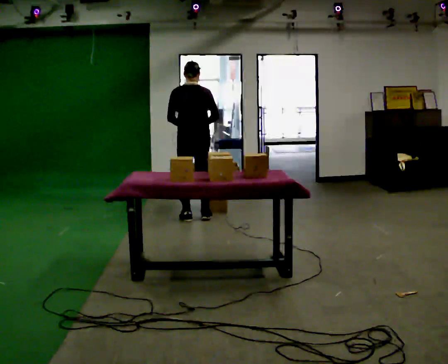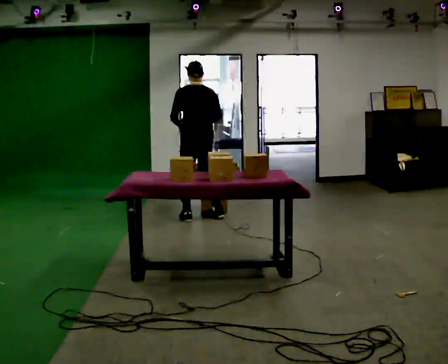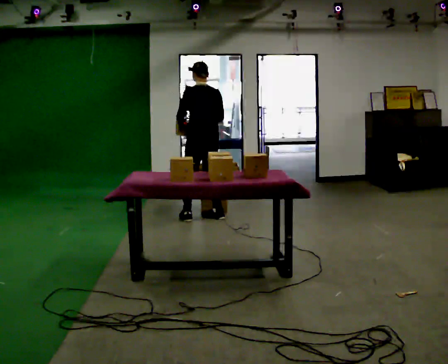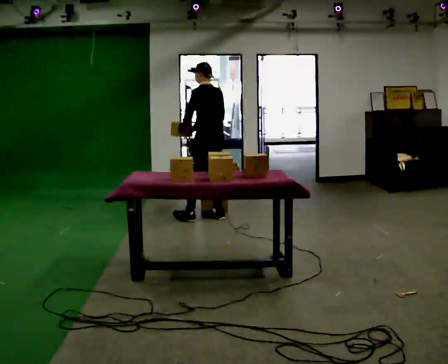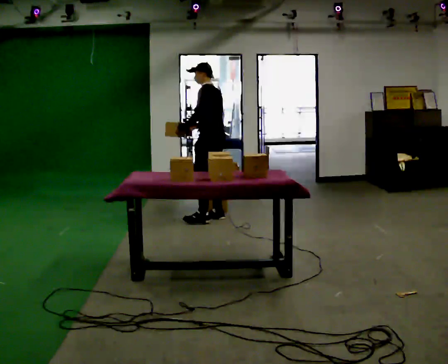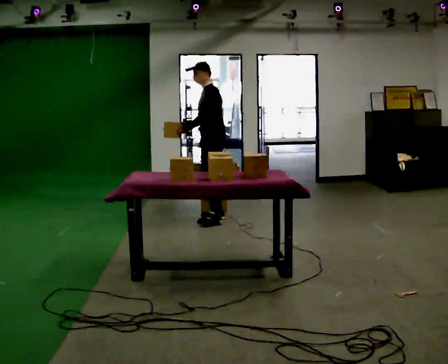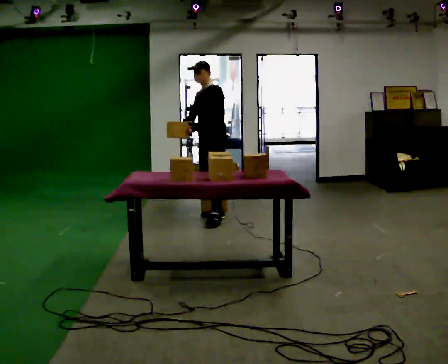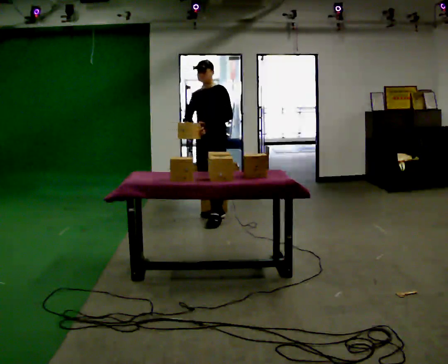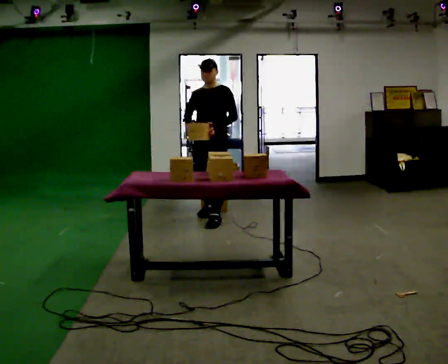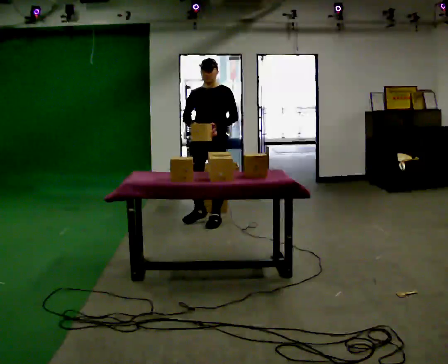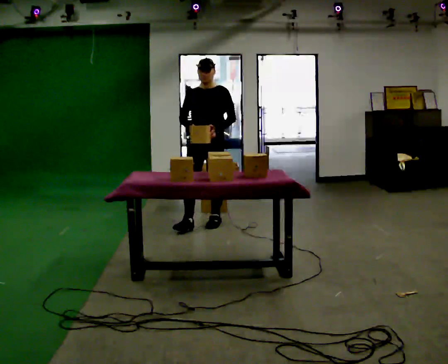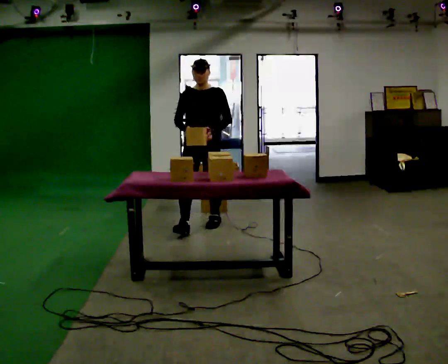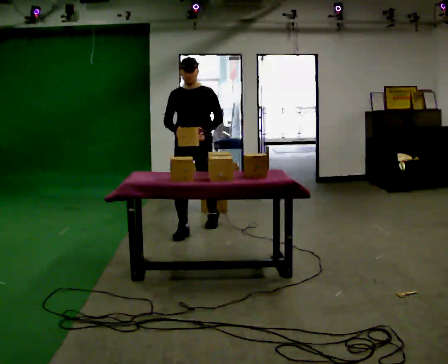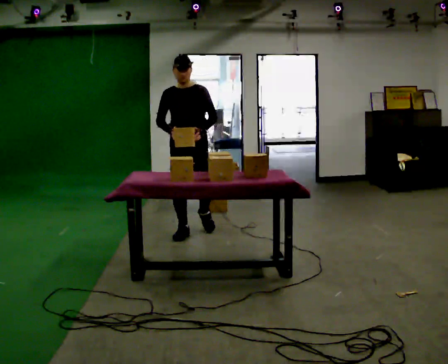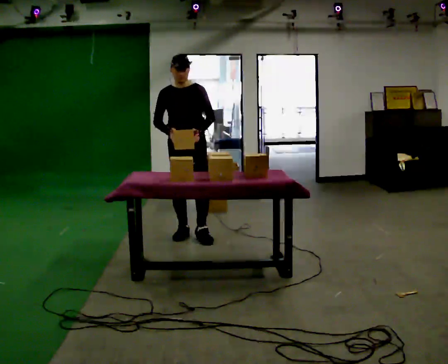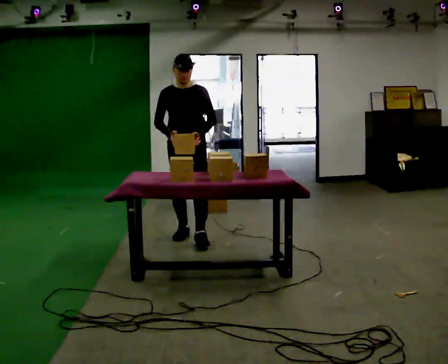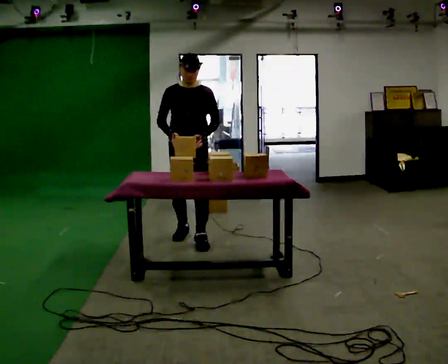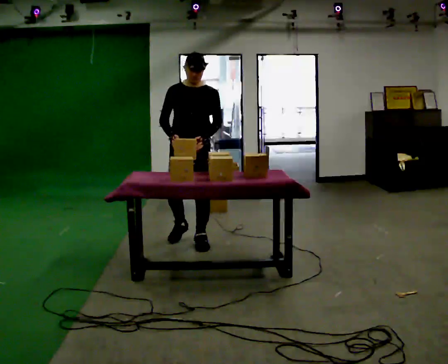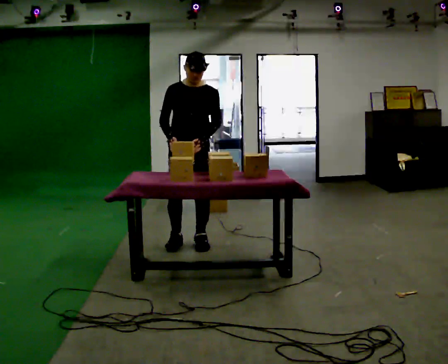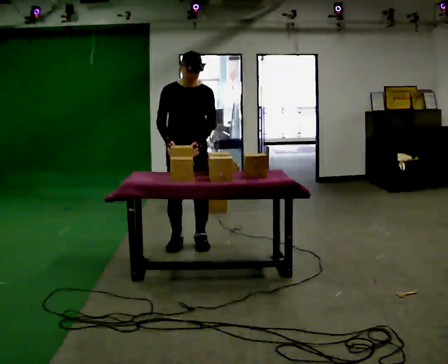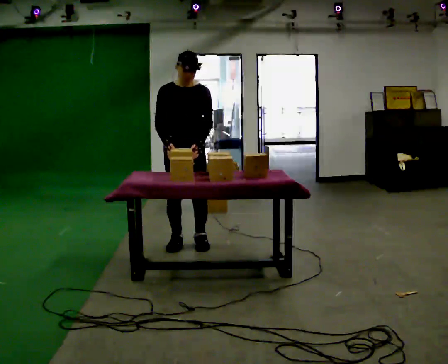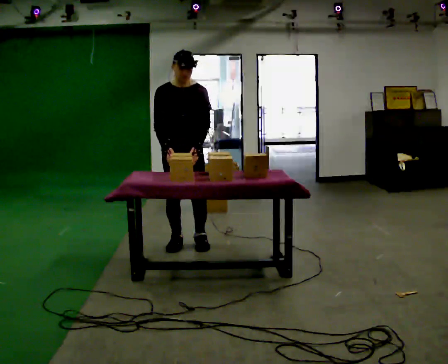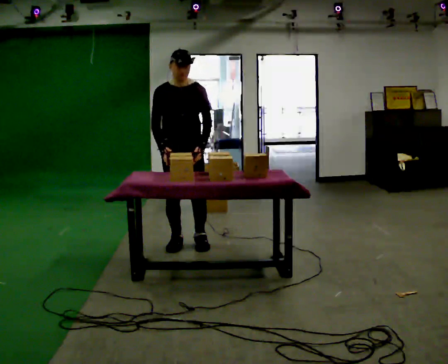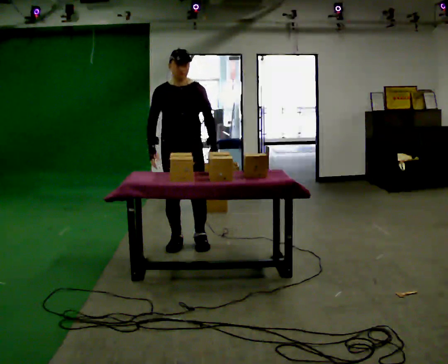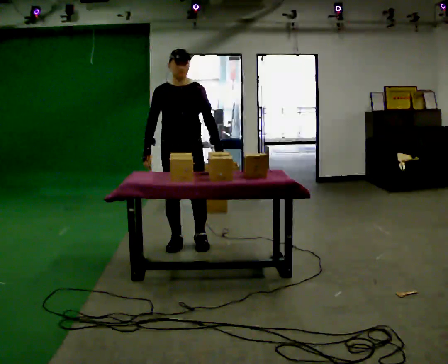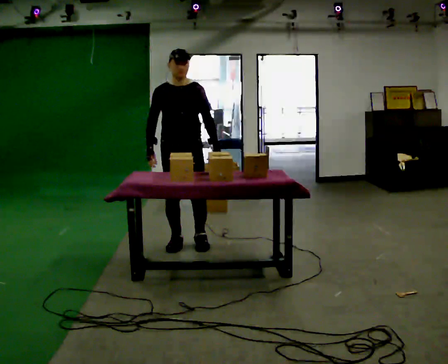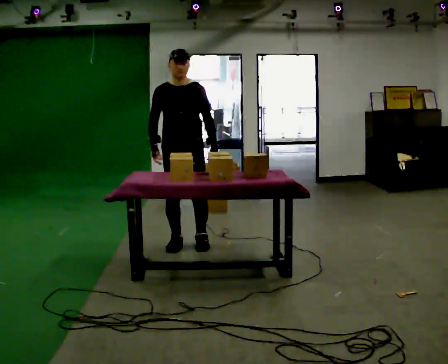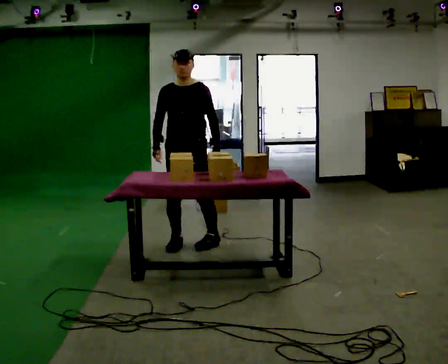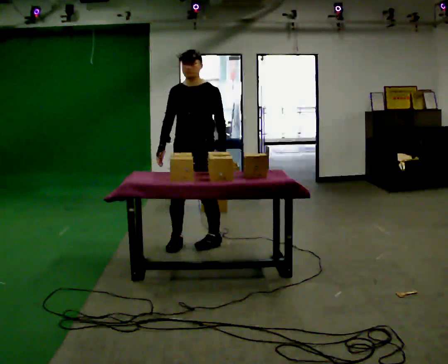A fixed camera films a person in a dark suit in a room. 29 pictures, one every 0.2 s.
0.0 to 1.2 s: The person turns about 120 degrees to their left, counterclockwise seen from above, so the part of the body nearest the lens slides to the right. In the picture they go to the right, about 0.25 m in 2 steps.
1.2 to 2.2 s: The part of the body nearest the lens slides to the right as the person turns to their left by about 45 degrees. In the picture they go toward the camera, about 0.5 m, which for them is forward.
2.2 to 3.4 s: In the picture they go toward the camera, about 0.5 m in 2 steps, which for them is forward.
3.4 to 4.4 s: The person moves a little, or ends about where they began.
4.4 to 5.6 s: The part of the body nearest the lens slides to the left as the person turns to their right by about 30 degrees.
The film runs forward here.
